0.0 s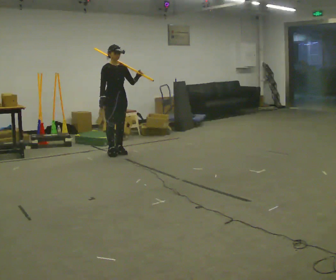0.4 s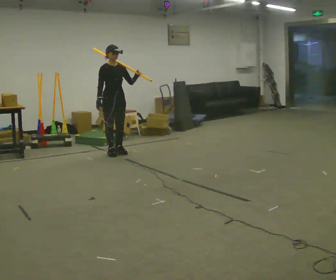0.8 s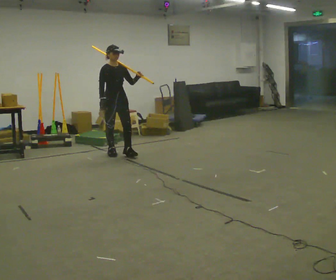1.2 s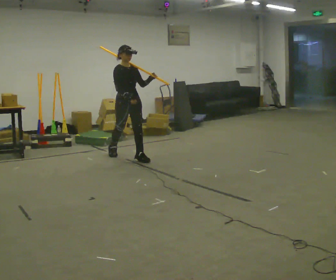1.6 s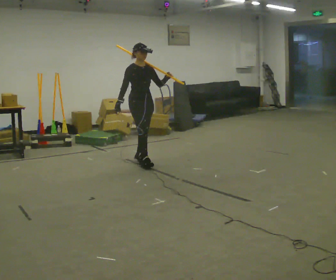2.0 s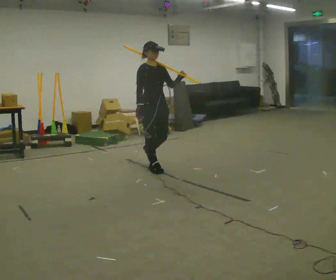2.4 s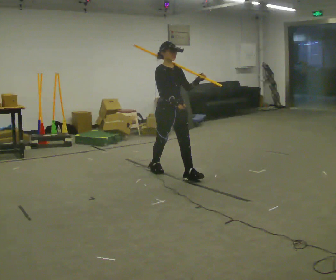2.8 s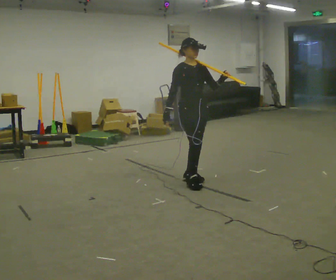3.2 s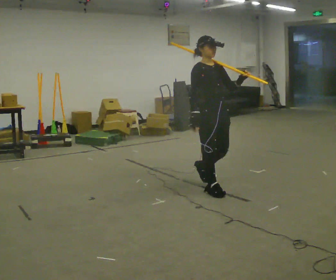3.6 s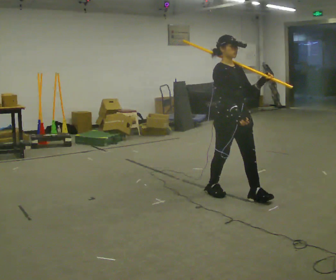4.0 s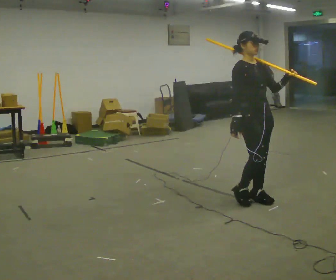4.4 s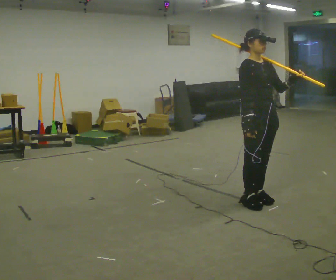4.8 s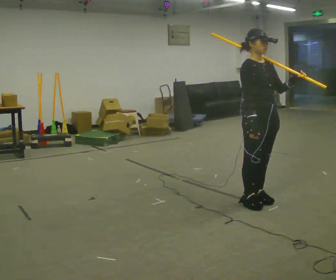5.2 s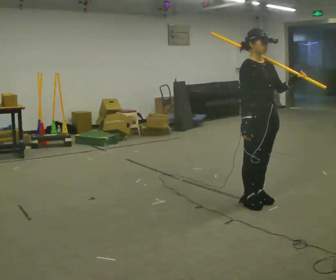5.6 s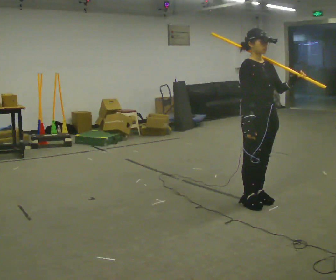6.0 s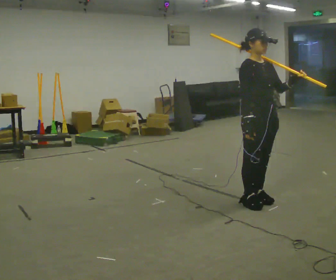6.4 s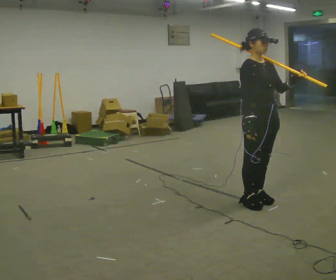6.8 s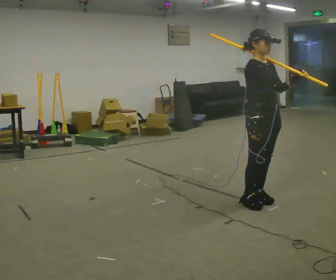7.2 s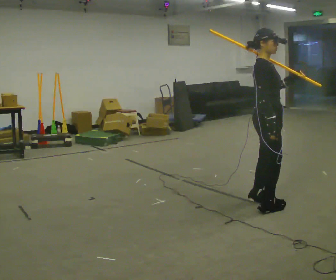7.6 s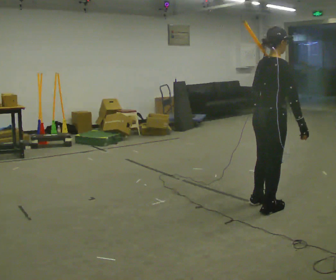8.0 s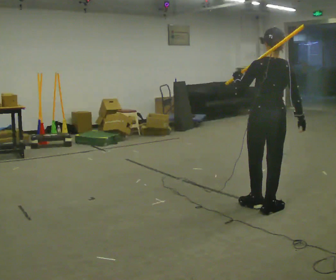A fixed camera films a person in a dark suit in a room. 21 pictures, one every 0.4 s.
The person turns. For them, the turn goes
to their left.
The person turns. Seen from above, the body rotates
counterclockwise.
0.0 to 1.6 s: In the picture they go to the right and toward the camera, about 0.75 m in 1 step, which for them is forward.
1.6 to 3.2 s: In the picture they go toward the camera and to the right, about 1.5 m in 3 steps, which for them is forward.
3.2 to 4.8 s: In the picture they go to the right and toward the camera, about 0.5 m in 2 steps, which for them is forward.
4.8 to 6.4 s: The person moves a little, or ends about where they began.
6.4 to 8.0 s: Seen from above the body turns counterclockwise, about 150 degrees: to their left, with its near side sliding to the right. In the picture their left hand goes to the left.
The film runs forward here.
